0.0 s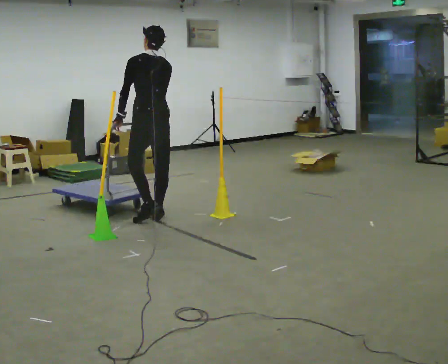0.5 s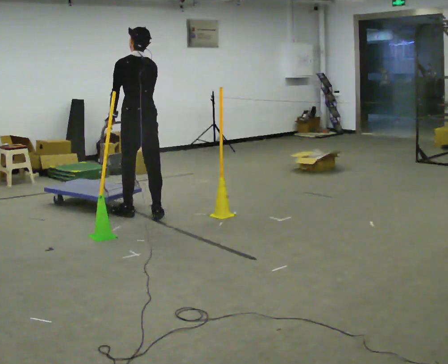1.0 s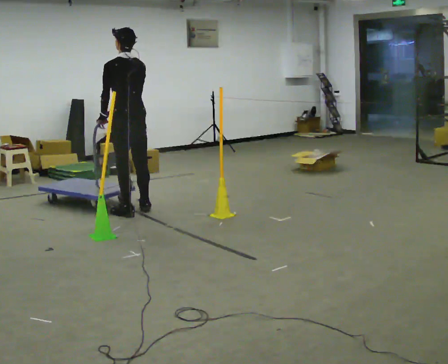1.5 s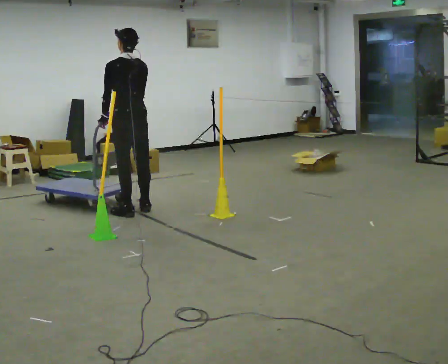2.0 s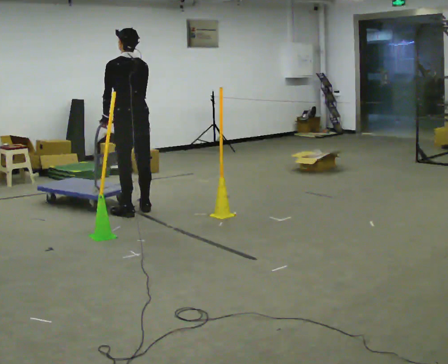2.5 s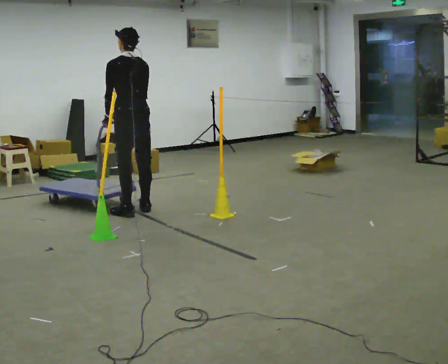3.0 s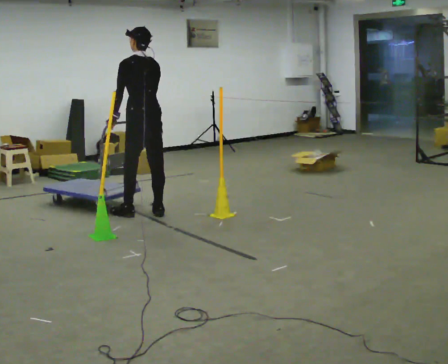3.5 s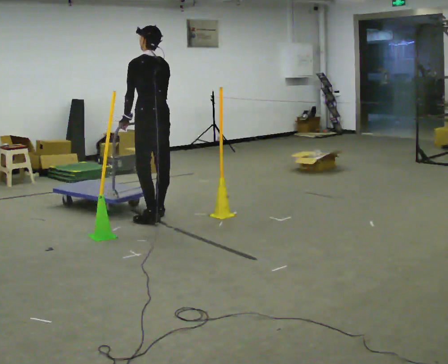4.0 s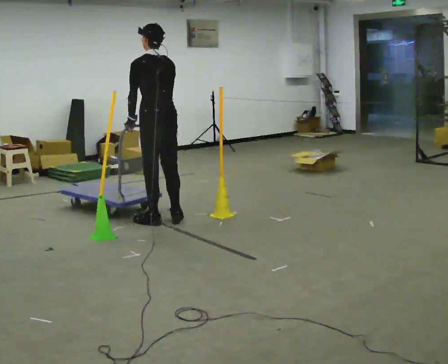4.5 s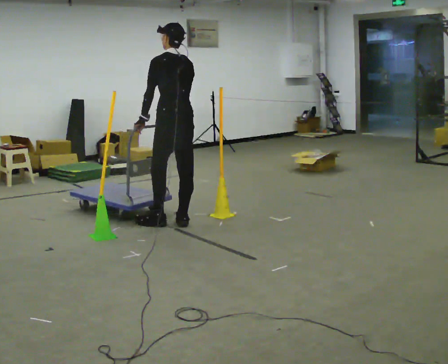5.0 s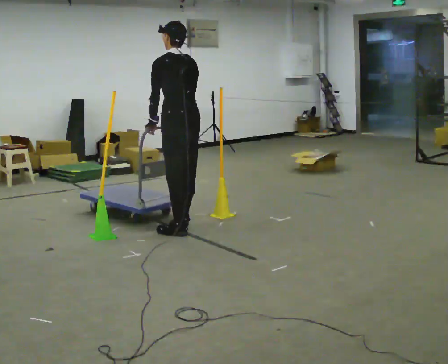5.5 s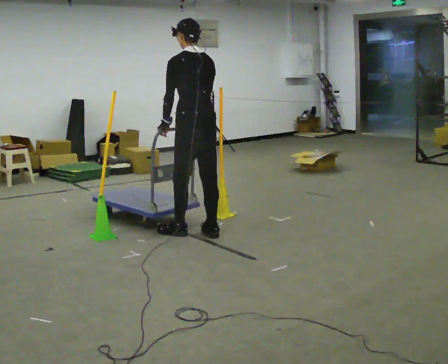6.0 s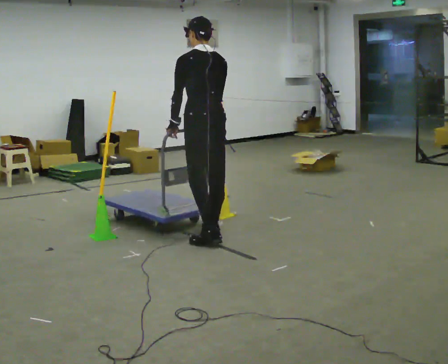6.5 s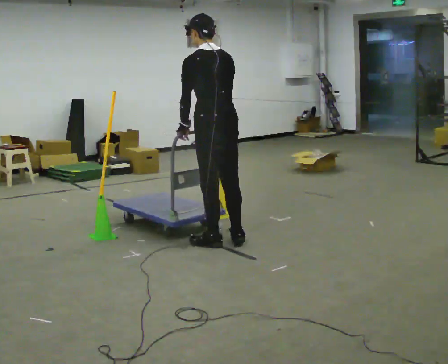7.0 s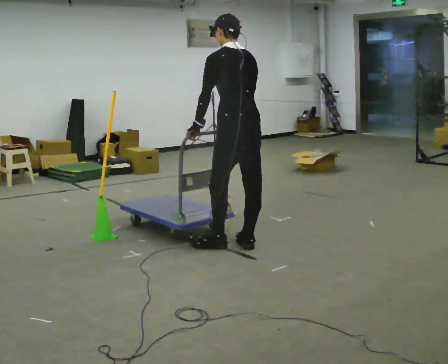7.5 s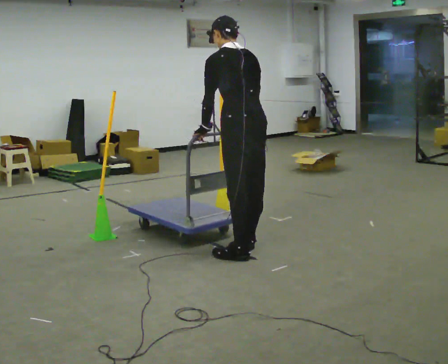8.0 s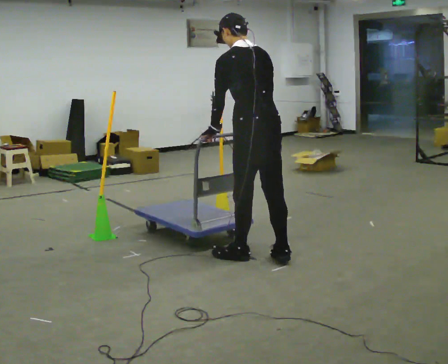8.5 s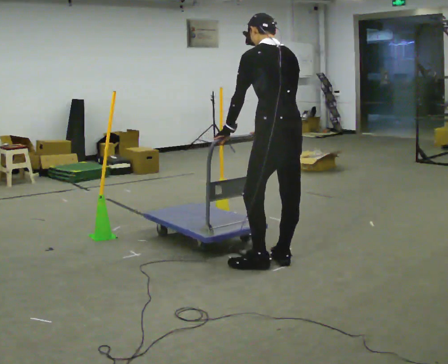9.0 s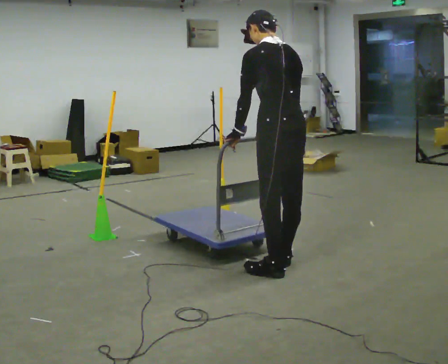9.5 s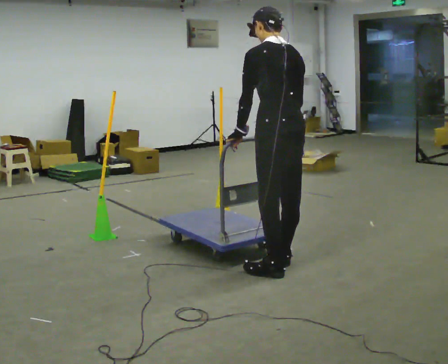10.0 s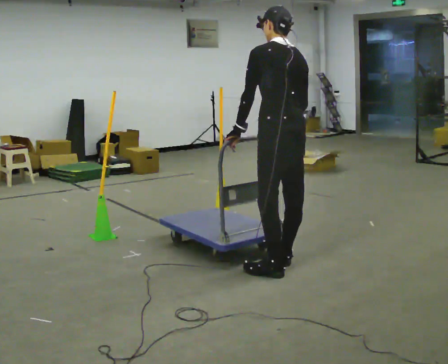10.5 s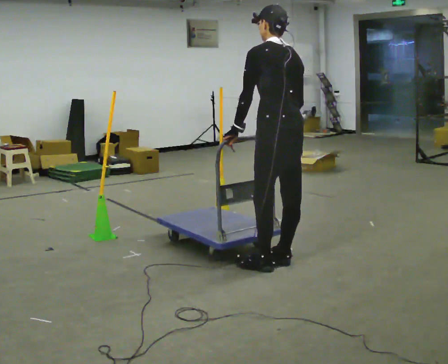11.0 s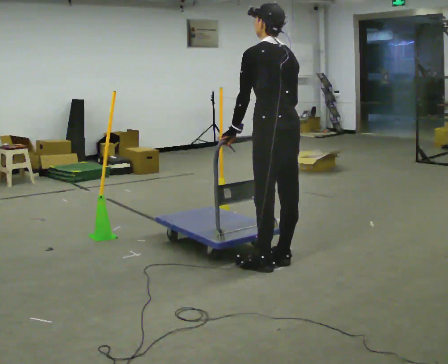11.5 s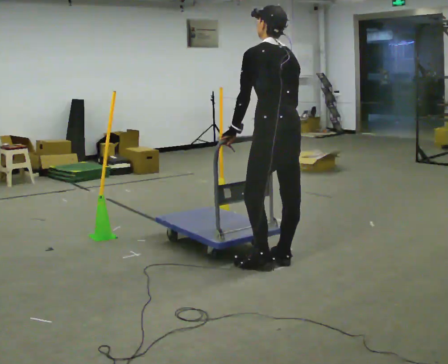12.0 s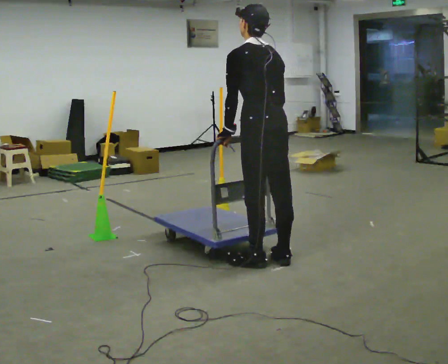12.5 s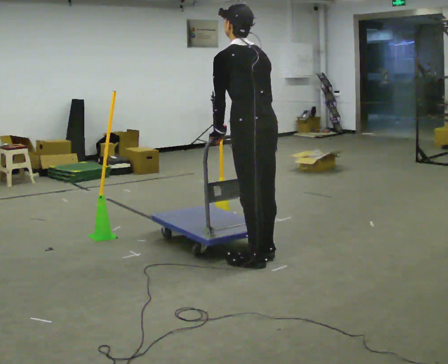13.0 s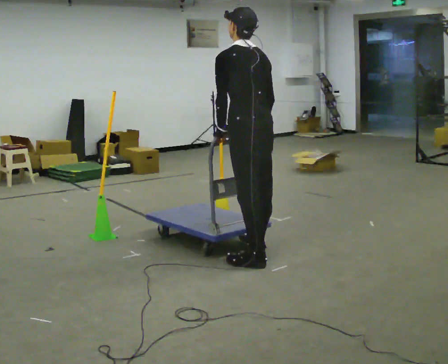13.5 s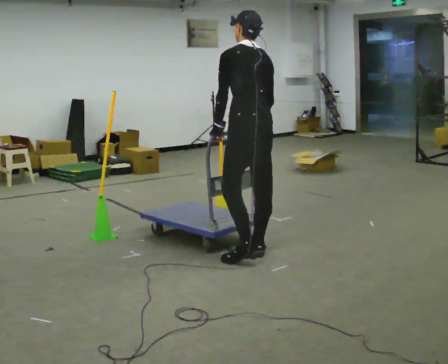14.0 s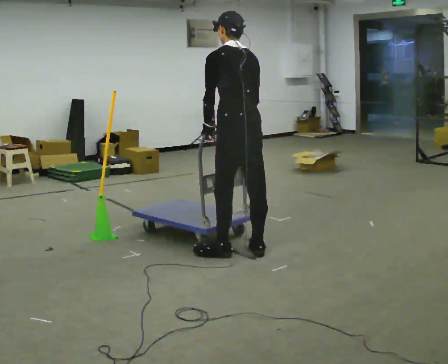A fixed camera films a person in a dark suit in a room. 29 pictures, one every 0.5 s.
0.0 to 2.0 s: In the picture they go to the left and away from the camera, about 0.25 m in 2 steps, which for them is forward.
2.0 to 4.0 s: In the picture they go to the right and toward the camera, about 0.5 m in 2 steps, which for them is backward.
4.0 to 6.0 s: In the picture they go to the right and toward the camera, about 0.75 m in 4 steps, which for them is backward.
6.0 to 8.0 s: In the picture they go toward the camera and to the right, about 0.5 m in 2 steps, which for them is backward.
8.0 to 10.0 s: In the picture they go to the right, about 0.25 m in 2 steps, which for them is backward.
10.0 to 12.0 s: The person moves a little, or ends about where they began.
12.0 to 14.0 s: In the picture they go away from the camera and to the left, about 0.25 m in 2 steps, which for them is forward.
The film runs forward here.
